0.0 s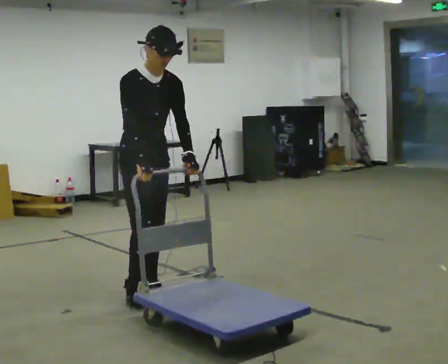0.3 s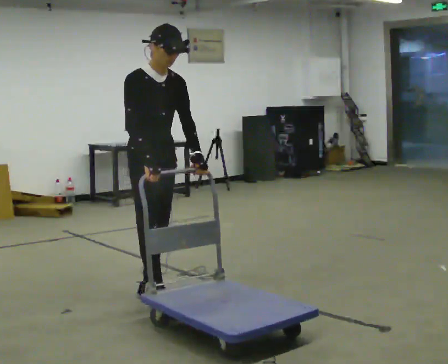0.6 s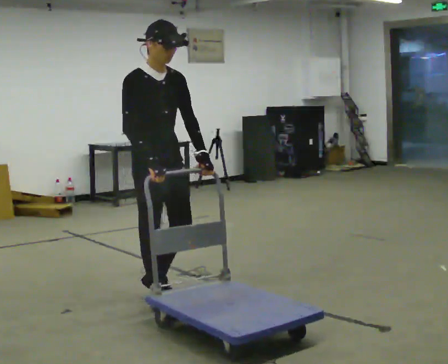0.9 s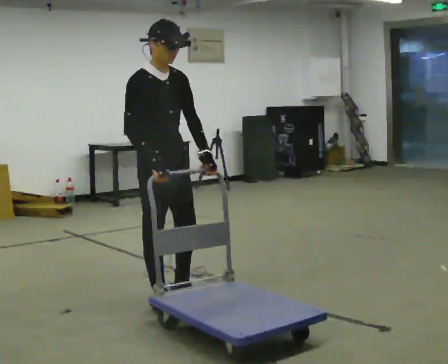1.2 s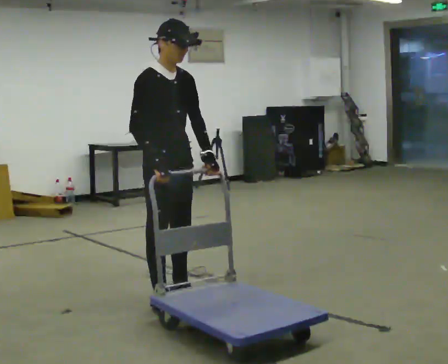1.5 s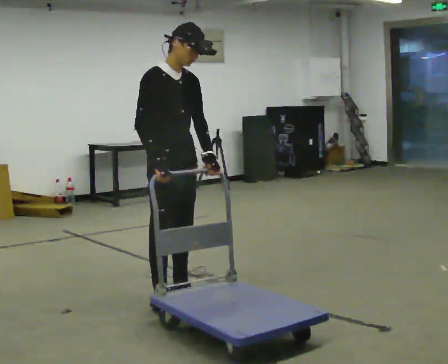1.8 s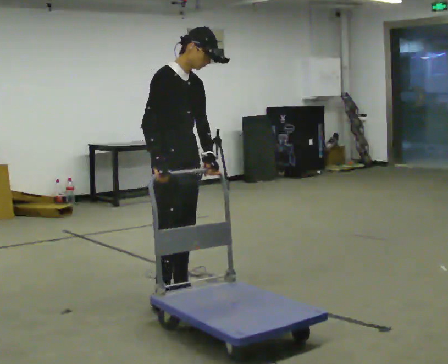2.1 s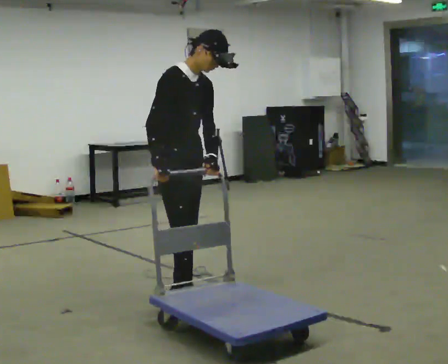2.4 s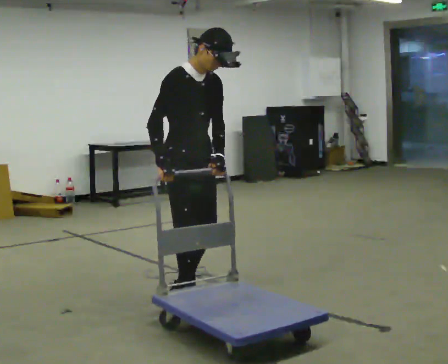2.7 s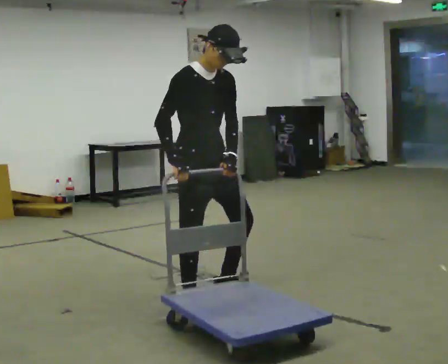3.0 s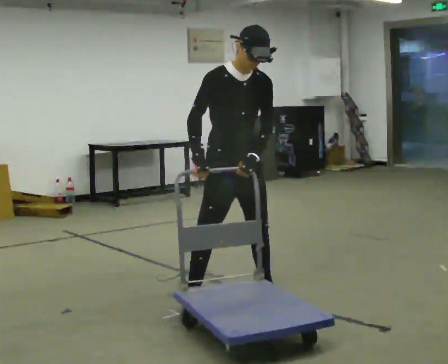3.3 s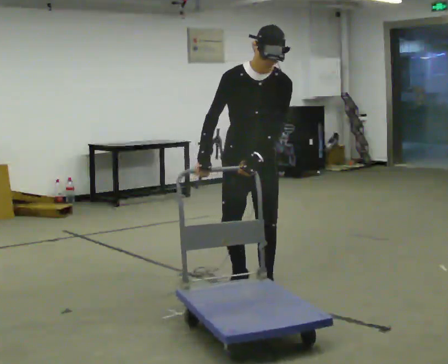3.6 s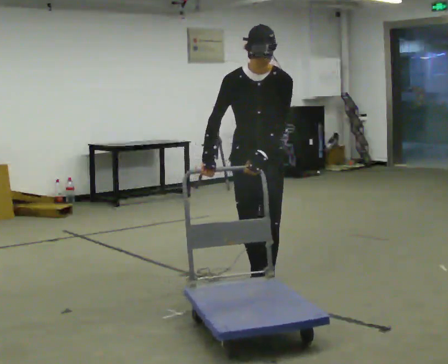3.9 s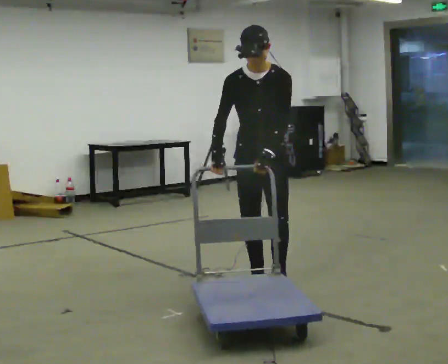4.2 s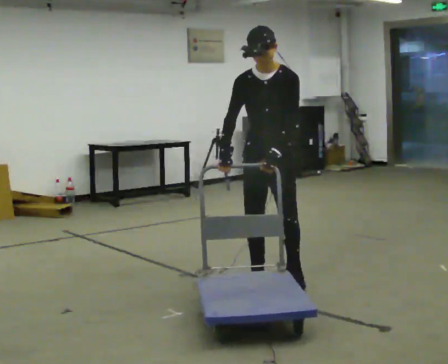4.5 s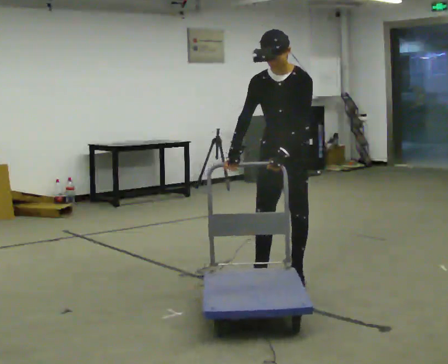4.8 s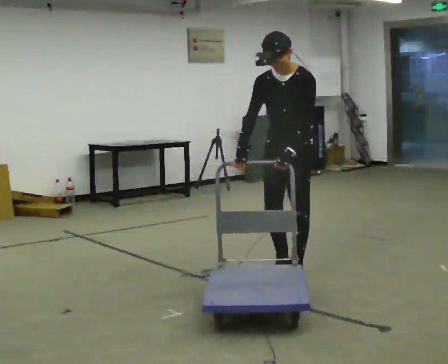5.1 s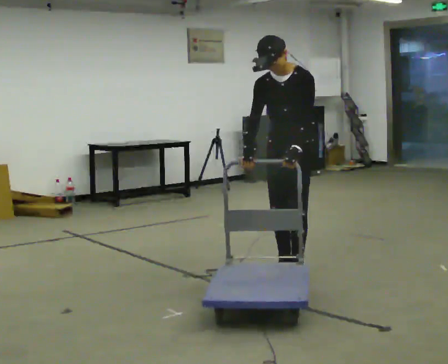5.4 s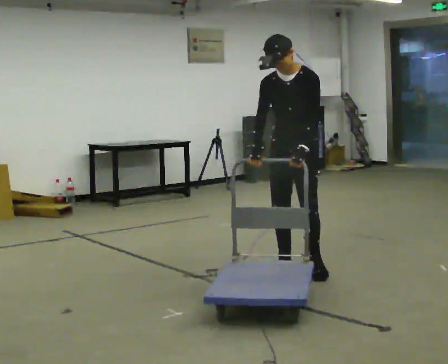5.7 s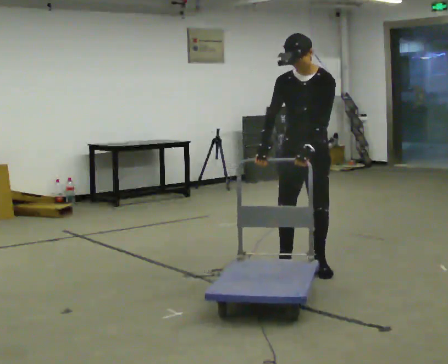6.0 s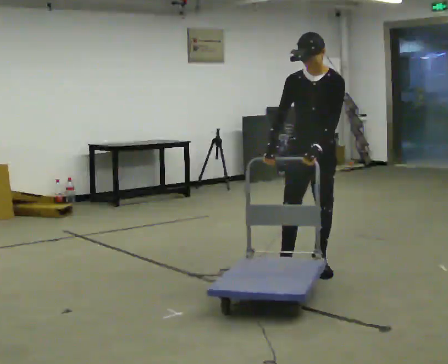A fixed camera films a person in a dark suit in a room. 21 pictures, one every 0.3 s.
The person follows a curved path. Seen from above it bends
counterclockwise.
The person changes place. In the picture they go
to the right.
0.0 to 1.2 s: In the picture they go toward the camera and to the right, about 0.25 m in 2 steps, which for them is forward.
1.2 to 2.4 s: The person moves a little, or ends about where they began.
2.4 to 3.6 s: Seen from above the body turns clockwise, about 60 degrees: to their right, with its near side sliding to the left. In the picture they go to the right and away from the camera, about 0.5 m in 2 steps, which for them is to their left.
3.6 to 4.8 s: In the picture they go away from the camera and to the right, about 0.5 m in 1 step, which for them is backward.
4.8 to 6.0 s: In the picture they go to the right and away from the camera, about 0.25 m in 2 steps, which for them is backward.
The film runs forward here.
